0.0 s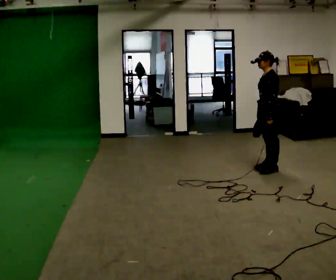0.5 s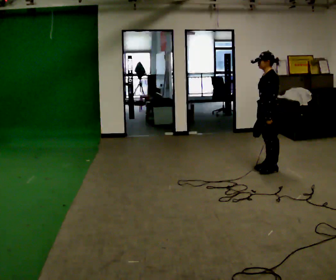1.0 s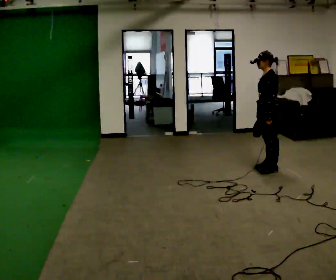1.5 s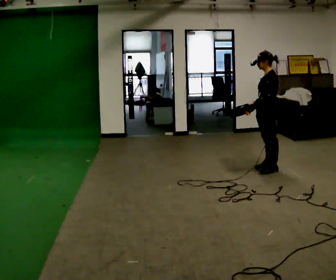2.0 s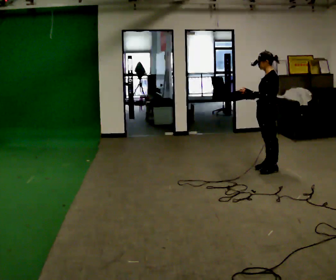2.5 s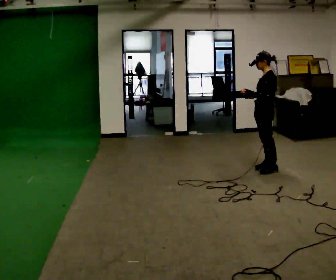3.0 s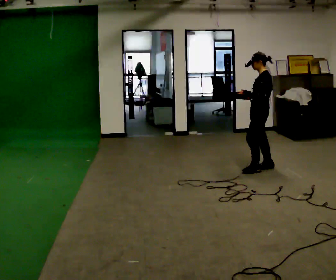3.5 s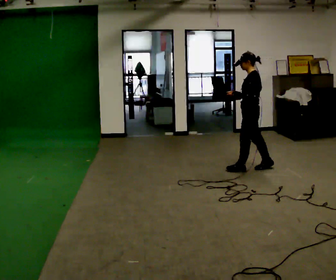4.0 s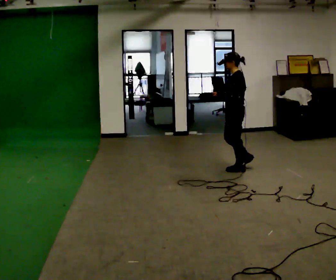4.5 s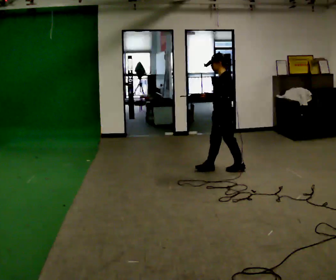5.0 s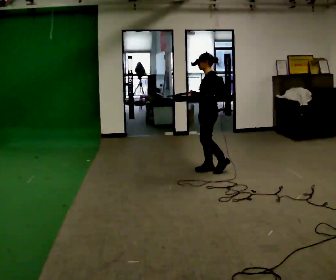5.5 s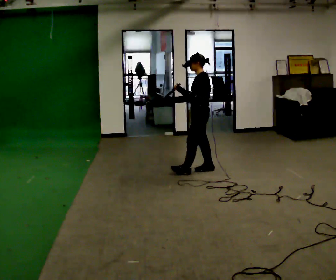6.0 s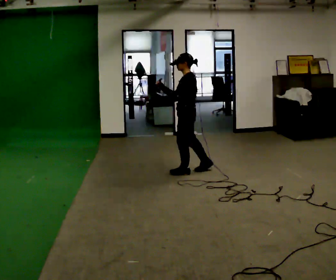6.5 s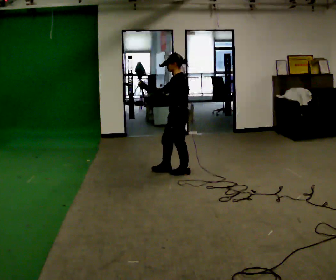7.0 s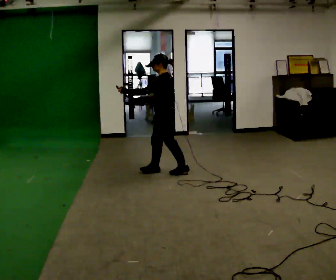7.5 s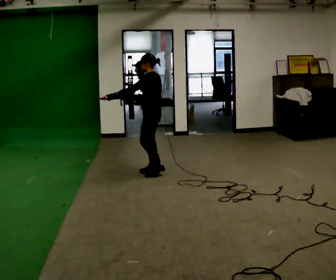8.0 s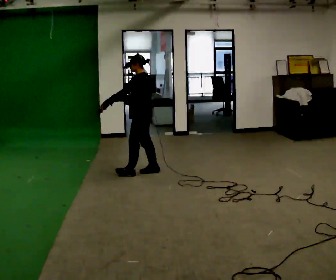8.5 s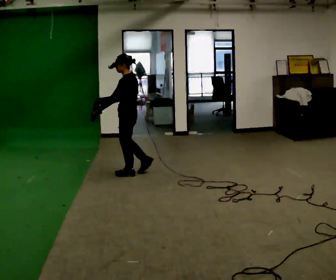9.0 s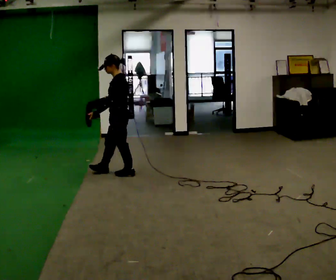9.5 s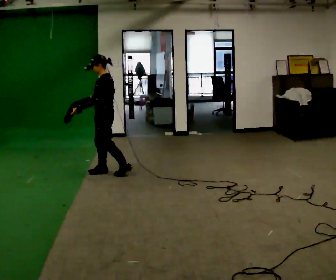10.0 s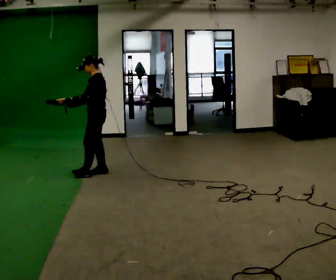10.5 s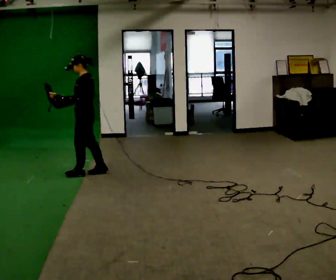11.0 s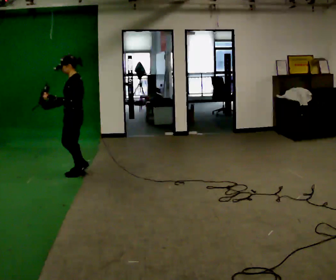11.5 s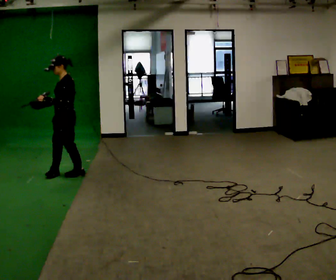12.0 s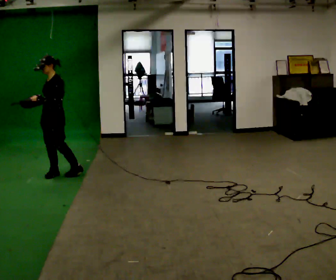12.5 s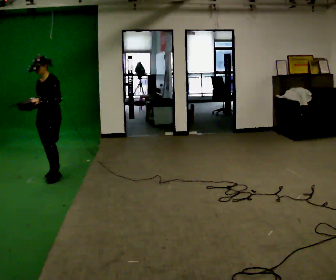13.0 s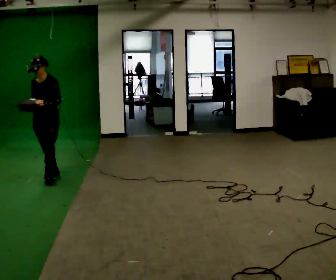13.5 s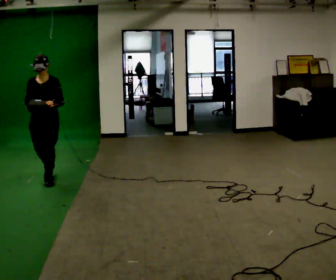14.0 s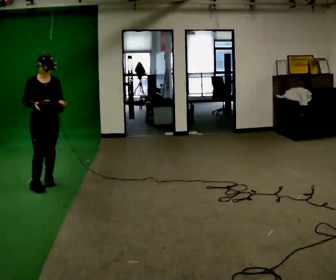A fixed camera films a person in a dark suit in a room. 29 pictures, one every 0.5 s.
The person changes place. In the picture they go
to the left.
The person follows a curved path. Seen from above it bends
counterclockwise.
0.0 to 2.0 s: The person moves a little, or ends about where they began.
2.0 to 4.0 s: In the picture they go to the left, about 0.5 m in 1 step, which for them is forward.
4.0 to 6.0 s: In the picture they go to the left, about 0.5 m in 2 steps, which for them is forward.
6.0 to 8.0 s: In the picture they go to the left, about 0.5 m in 2 steps, which for them is forward.
8.0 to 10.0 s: In the picture they go to the left, about 0.5 m in 1 step, which for them is forward.
10.0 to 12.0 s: The part of the body nearest the lens slides to the right as the person turns to their left by about 30 degrees. In the picture they go to the left, about 0.5 m in 2 steps, which for them is forward.
12.0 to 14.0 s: The person turns about 75 degrees to their left, counterclockwise seen from above, so the part of the body nearest the lens slides to the right. In the picture they go toward the camera, about 0.25 m in 1 step.
The film runs forward here.
